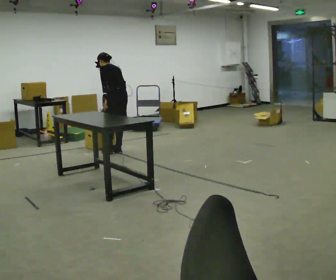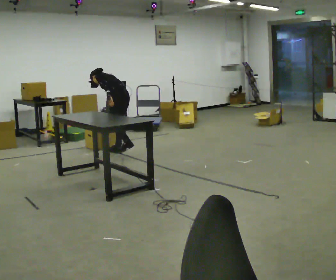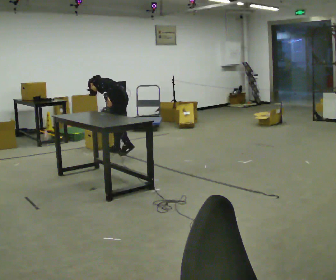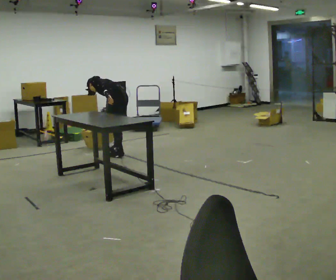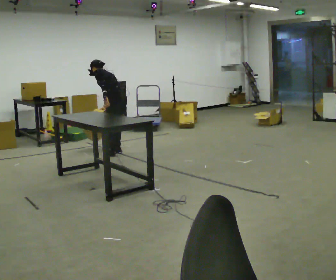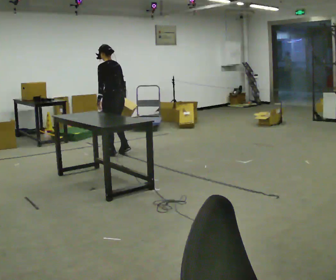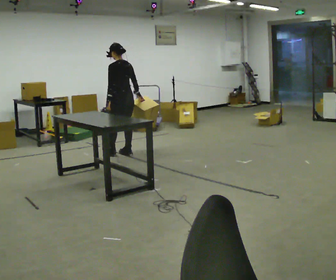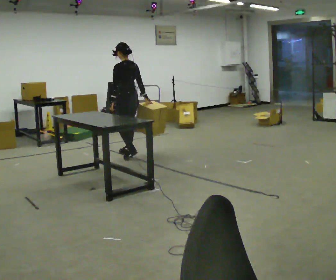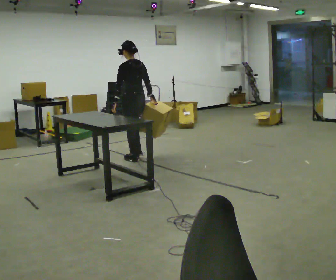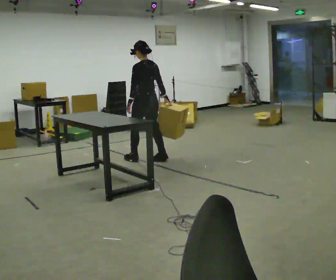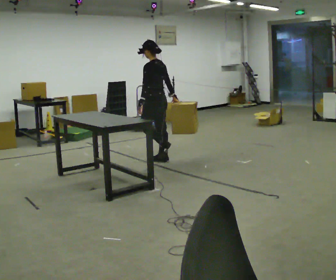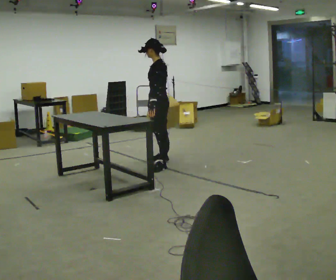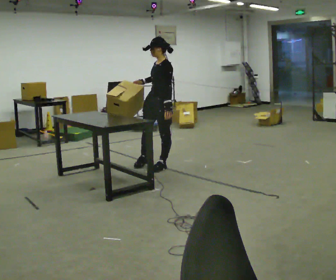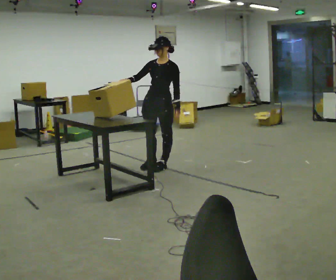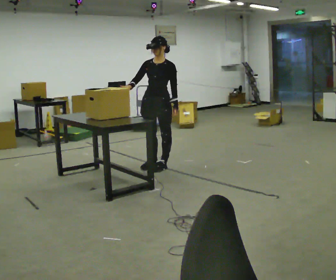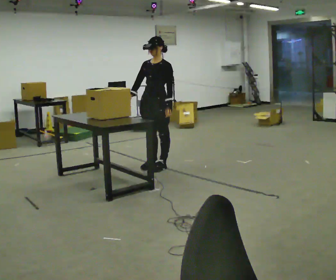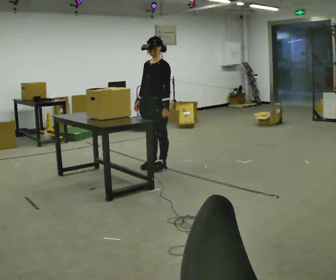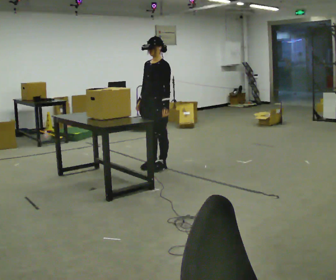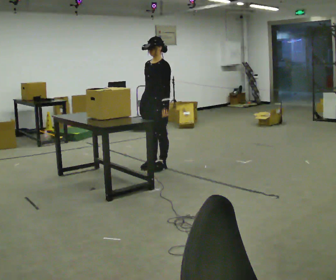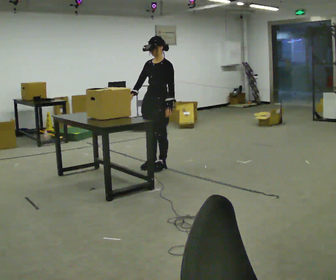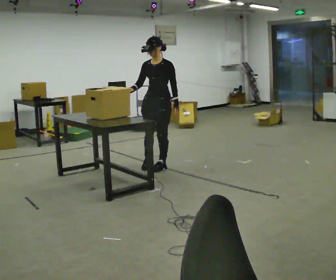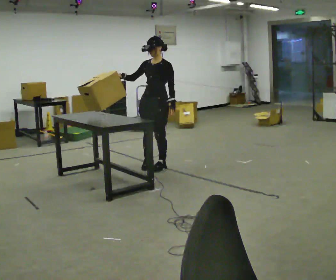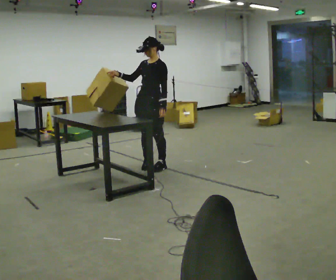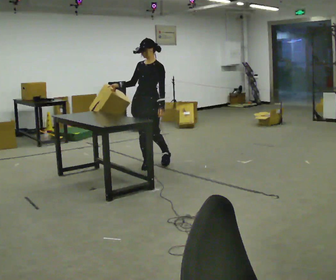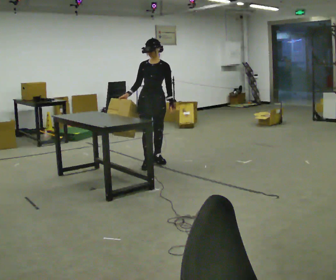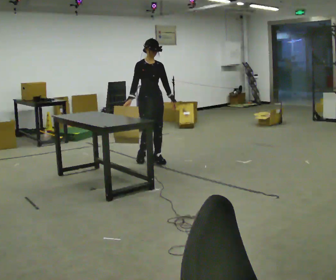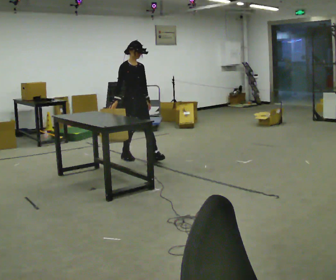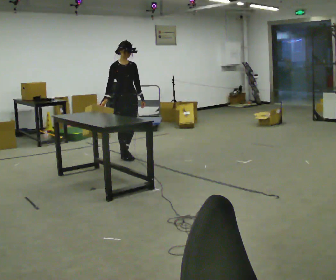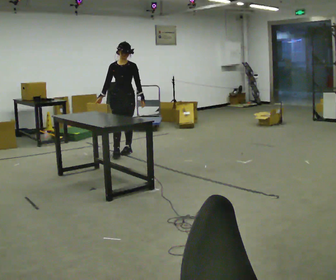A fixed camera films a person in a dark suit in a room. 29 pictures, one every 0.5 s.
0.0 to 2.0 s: The person moves a little, or ends about where they began.
2.0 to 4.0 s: In the picture they go toward the camera and to the right, about 0.5 m in 3 steps, which for them is backward. The upper body tips toward the camera, its near side rolling downward, as they lean back or straighten.
4.0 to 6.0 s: The part of the body nearest the lens slides to the right as the person turns to their left by about 75 degrees. In the picture they go toward the camera and to the right, about 0.5 m in 2 steps.
6.0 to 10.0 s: Seen from above the body turns counterclockwise, about 30 degrees: to their left, with its near side sliding to the right.
10.0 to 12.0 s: The person turns about 30 degrees to their left, counterclockwise seen from above, so the part of the body nearest the lens slides to the right. In the picture they go away from the camera, about 0.25 m in 1 step, which for them is to their right.
12.0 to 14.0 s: In the picture they go away from the camera and to the left, about 0.5 m in 3 steps, which for them is backward.
The film runs backward here.
